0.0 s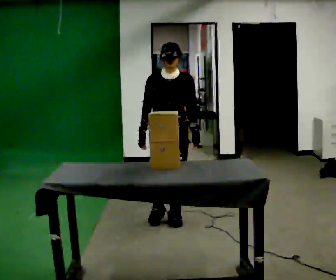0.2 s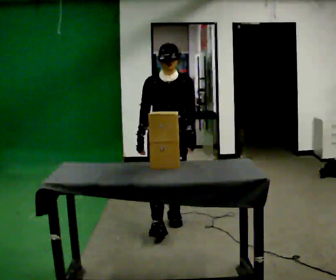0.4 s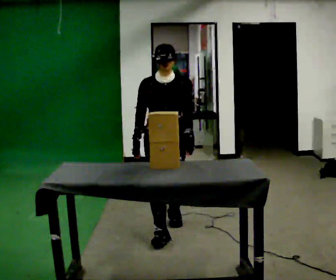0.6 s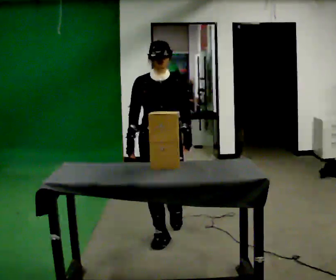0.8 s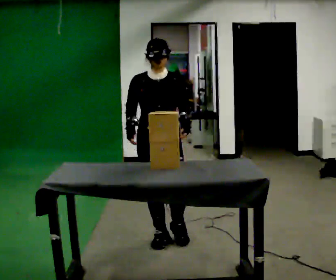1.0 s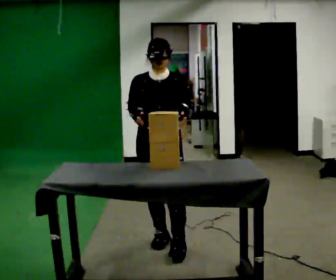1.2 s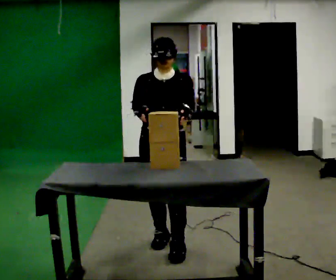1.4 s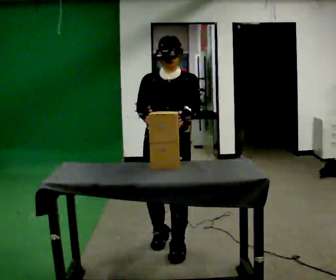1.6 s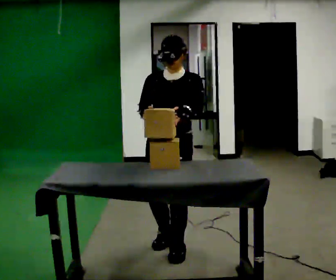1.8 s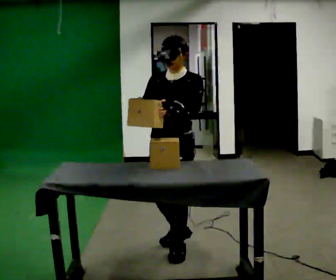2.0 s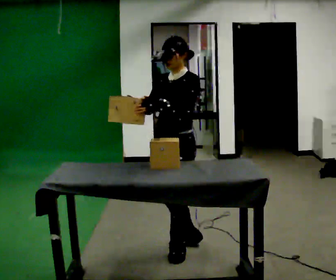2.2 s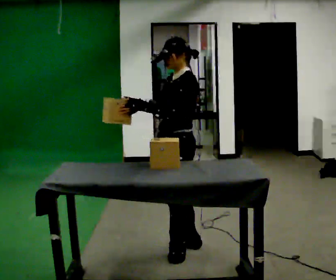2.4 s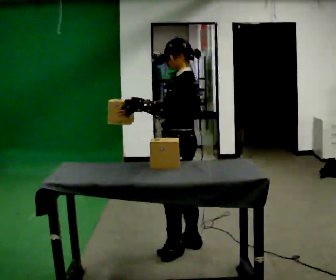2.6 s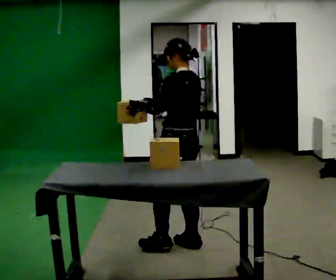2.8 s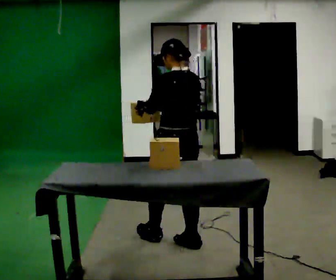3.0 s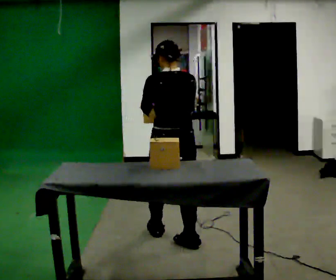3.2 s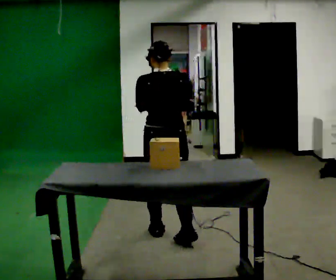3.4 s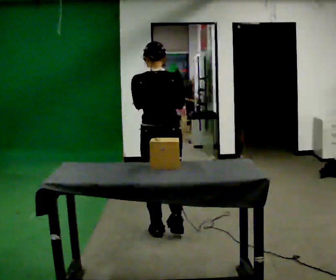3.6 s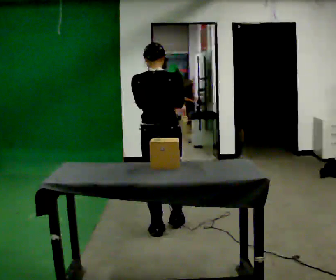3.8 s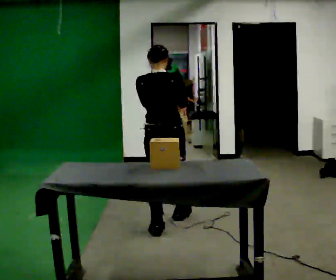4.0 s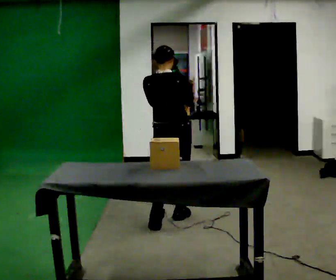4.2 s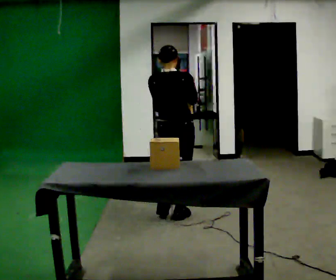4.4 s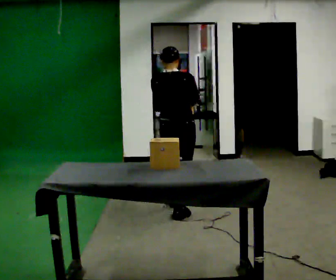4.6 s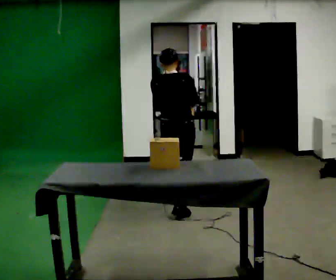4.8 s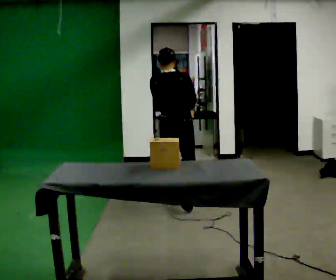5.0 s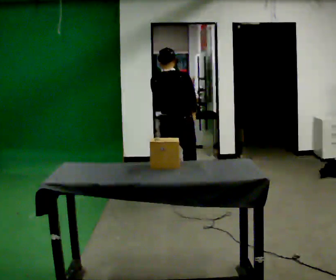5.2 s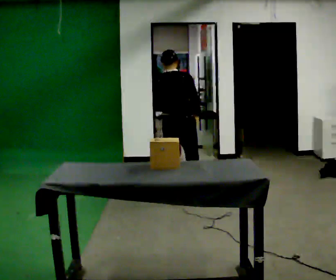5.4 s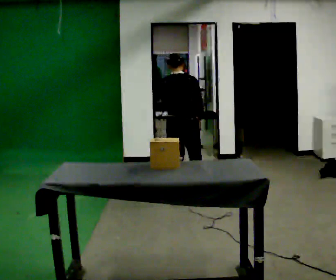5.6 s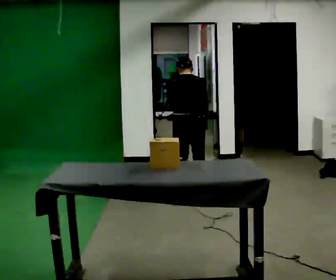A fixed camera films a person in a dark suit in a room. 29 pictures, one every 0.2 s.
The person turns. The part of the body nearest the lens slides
to the left.
The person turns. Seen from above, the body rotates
clockwise.
0.0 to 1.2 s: In the picture they go toward the camera, about 0.75 m in 2 steps, which for them is forward.
1.2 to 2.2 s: The person turns about 75 degrees to their right, clockwise seen from above, so the part of the body nearest the lens slides to the left. In the picture they go to the right, about 0.25 m in 1 step.
2.2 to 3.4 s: The person turns about 105 degrees to their right, clockwise seen from above, so the part of the body nearest the lens slides to the left. In the picture they go away from the camera and to the left, about 0.25 m in 1 step.
3.4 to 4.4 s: In the picture they go away from the camera, about 0.5 m in 1 step, which for them is forward.
4.4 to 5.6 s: In the picture they go away from the camera, about 0.75 m in 2 steps, which for them is forward. The upper body tips away from the camera, its near side rolling upward, as they bend forward.
The film runs forward here.
